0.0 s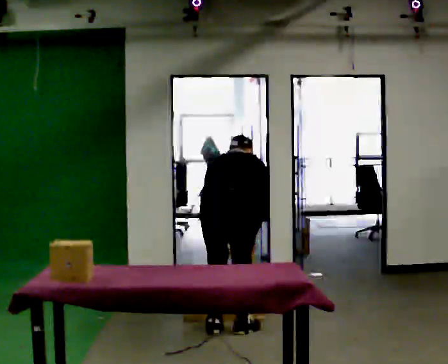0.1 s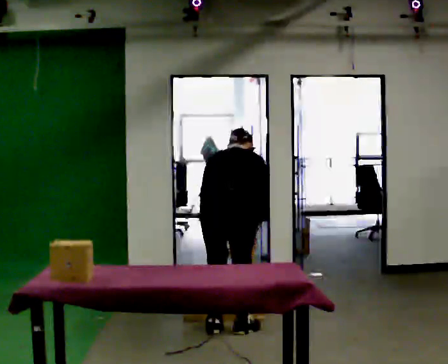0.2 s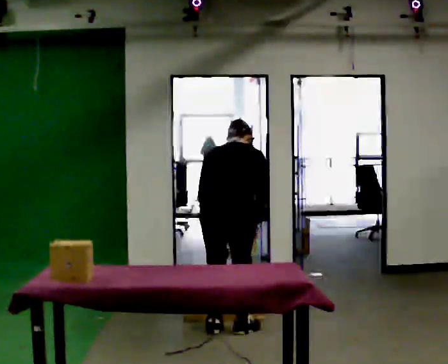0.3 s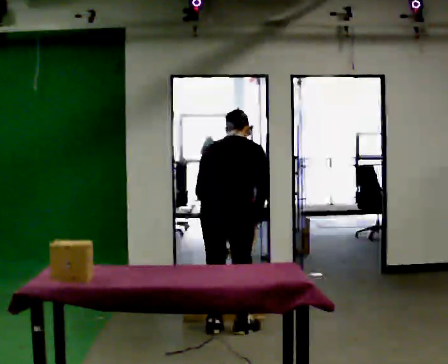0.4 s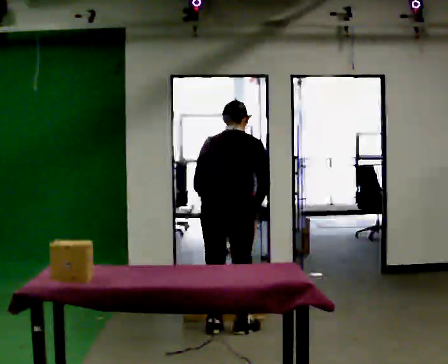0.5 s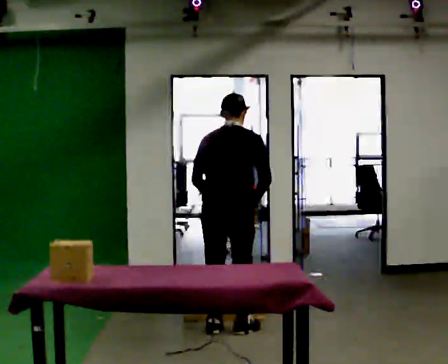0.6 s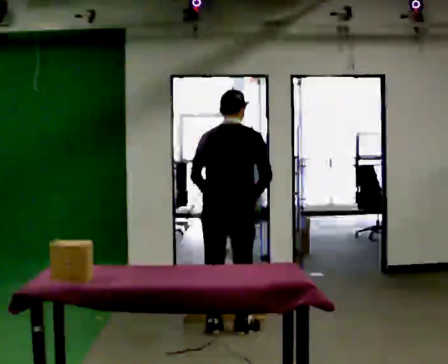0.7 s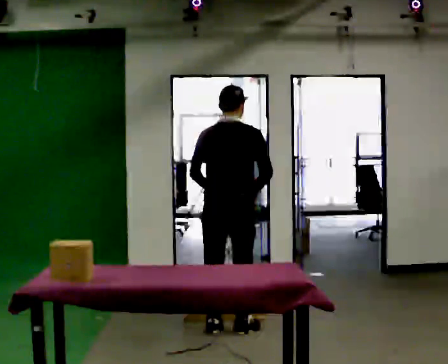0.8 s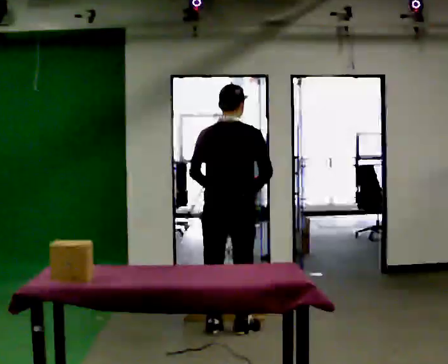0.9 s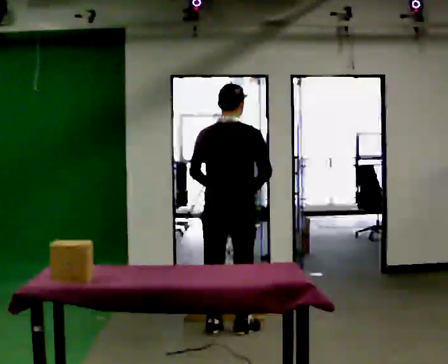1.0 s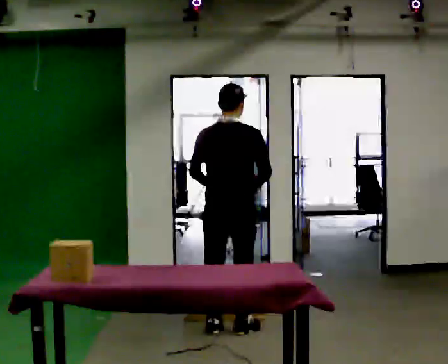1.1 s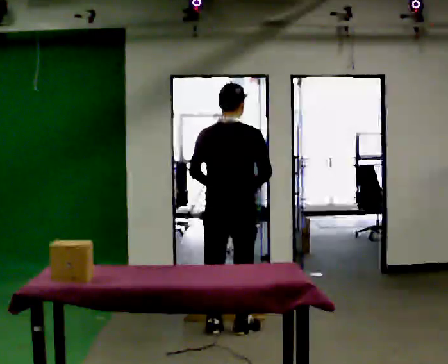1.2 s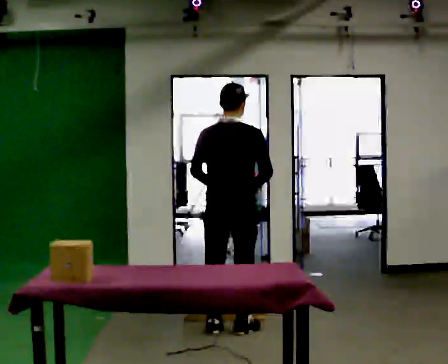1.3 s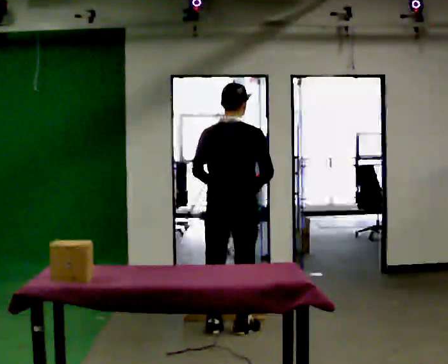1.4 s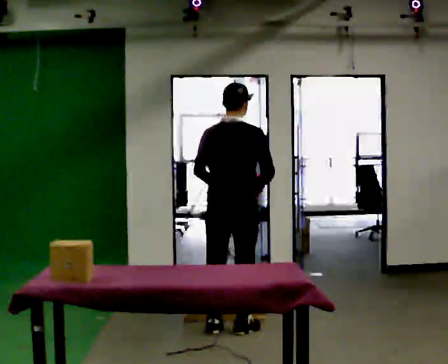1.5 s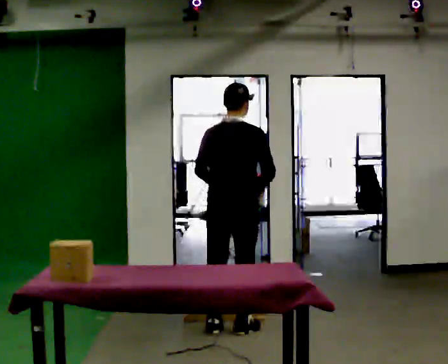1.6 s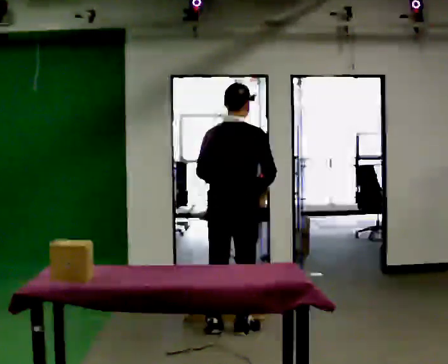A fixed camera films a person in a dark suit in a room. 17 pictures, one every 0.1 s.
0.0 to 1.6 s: The shoulders move upward. The upper body tips toward the camera, its near side rolling downward, as they lean back or straighten. In the picture their right hand goes upward.
The film runs forward here.
